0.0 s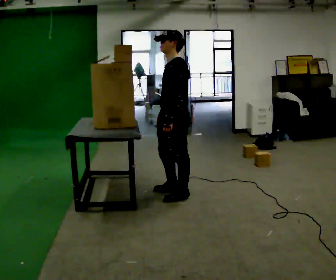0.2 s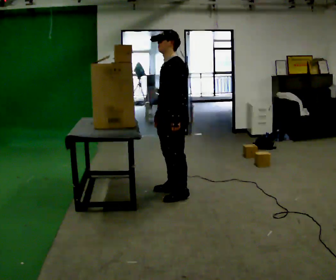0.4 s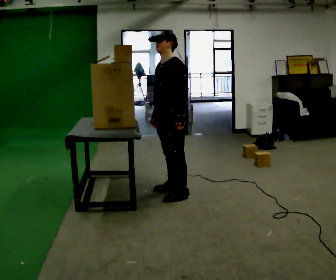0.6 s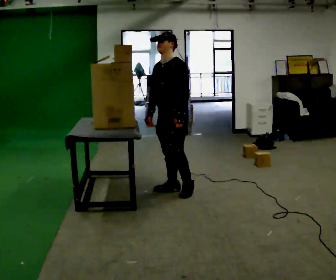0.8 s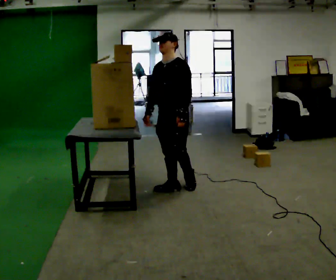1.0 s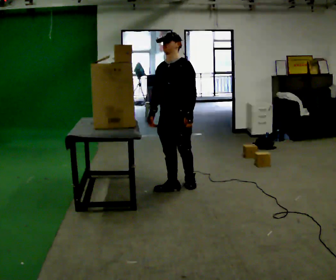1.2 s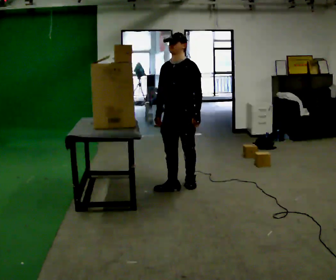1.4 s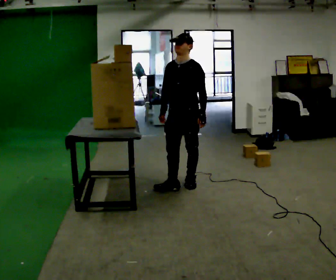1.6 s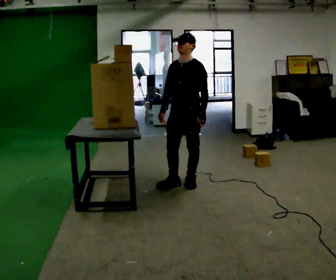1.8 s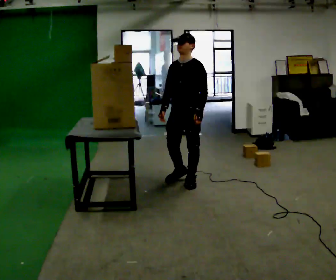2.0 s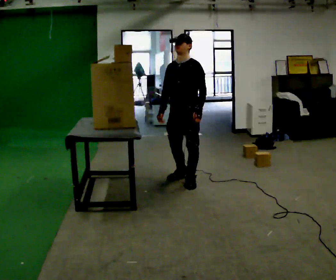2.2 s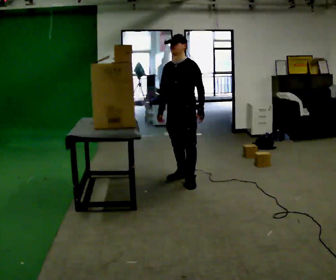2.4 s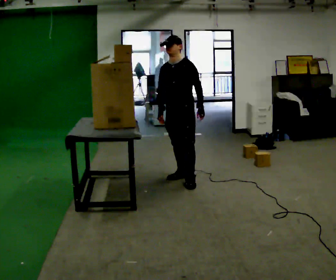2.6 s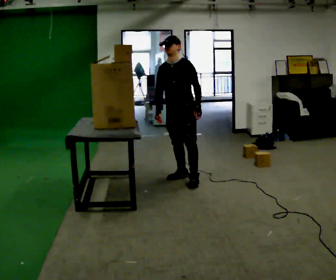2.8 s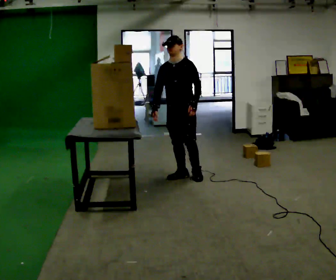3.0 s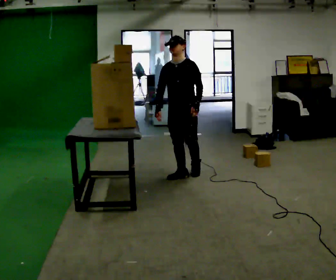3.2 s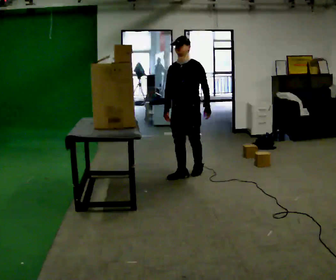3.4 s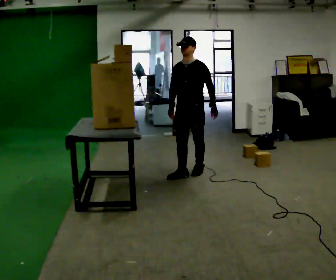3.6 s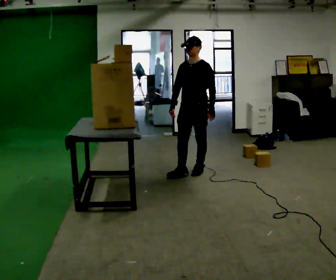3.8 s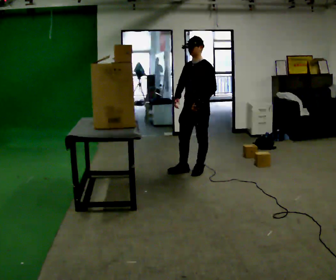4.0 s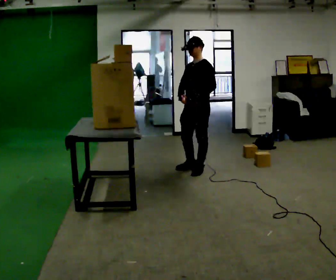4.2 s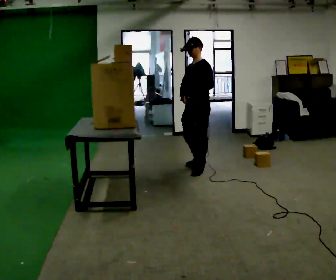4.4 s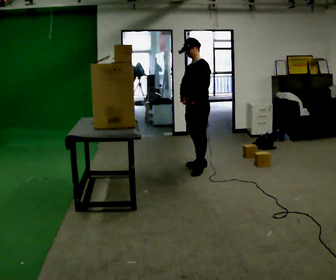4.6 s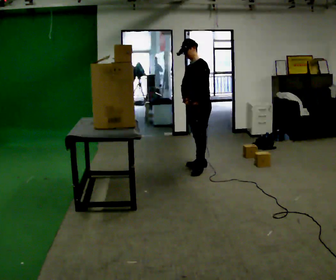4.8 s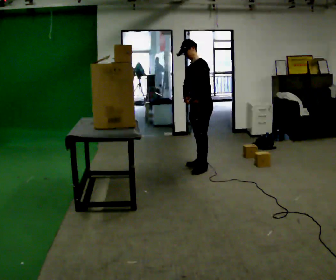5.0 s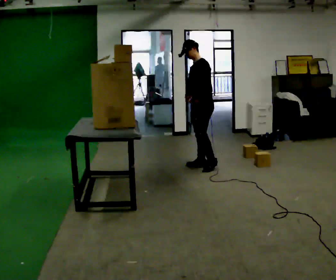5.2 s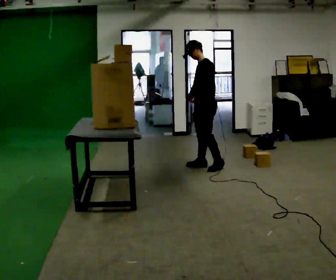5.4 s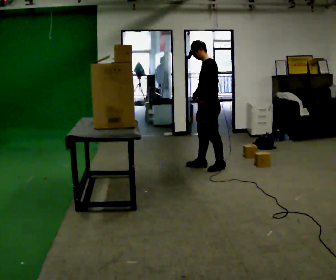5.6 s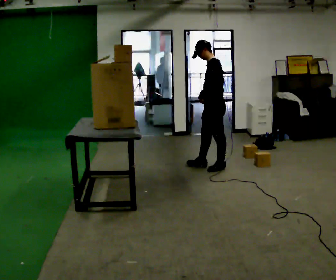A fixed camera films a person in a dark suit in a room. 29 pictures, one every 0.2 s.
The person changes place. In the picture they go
away from the camera.
0.0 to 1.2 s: Seen from above the body turns counterclockwise, about 45 degrees: to their left, with its near side sliding to the right. In the picture they go away from the camera, about 0.25 m in 1 step, which for them is backward and to their right.
1.2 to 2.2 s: In the picture they go away from the camera, about 0.25 m in 1 step, which for them is backward.
2.2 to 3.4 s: In the picture they go away from the camera, about 0.25 m in 1 step, which for them is backward.
3.4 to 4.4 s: The person turns about 45 degrees to their right, clockwise seen from above, so the part of the body nearest the lens slides to the left. In the picture they go away from the camera, about 0.25 m in 1 step, which for them is backward.
4.4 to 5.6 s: The part of the body nearest the lens slides to the left as the person turns to their right by about 30 degrees. In the picture they go to the right, about 0.25 m in 1 step, which for them is backward.
The film runs backward here.
